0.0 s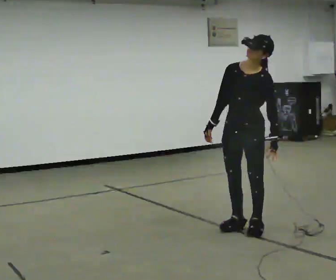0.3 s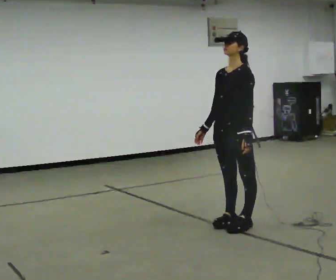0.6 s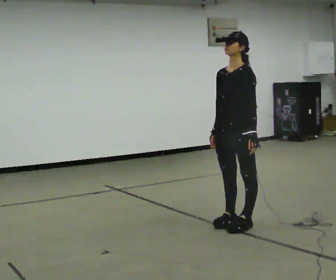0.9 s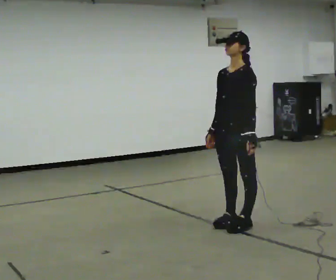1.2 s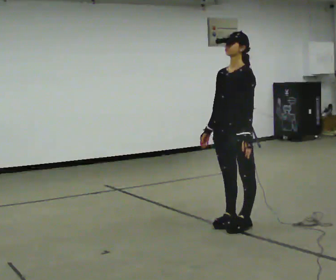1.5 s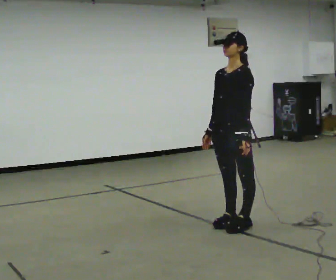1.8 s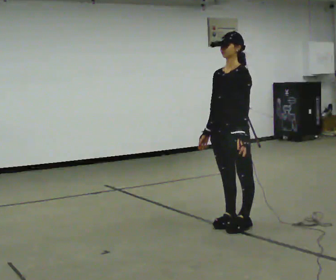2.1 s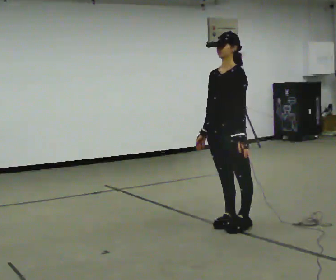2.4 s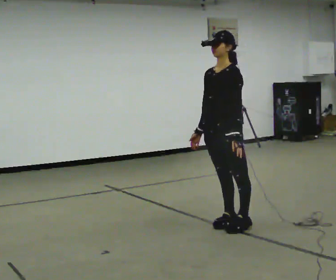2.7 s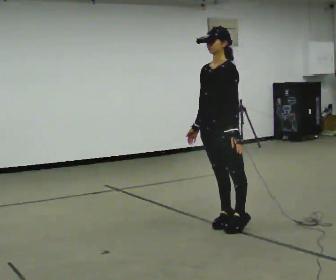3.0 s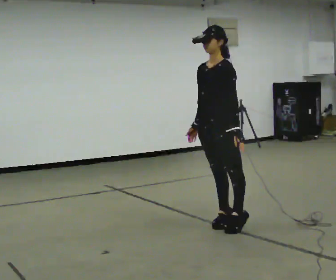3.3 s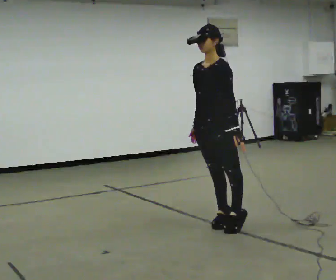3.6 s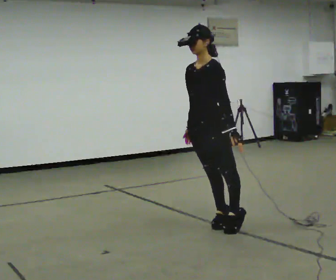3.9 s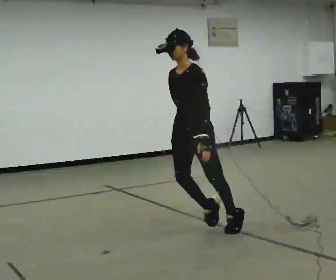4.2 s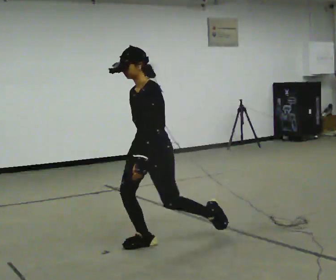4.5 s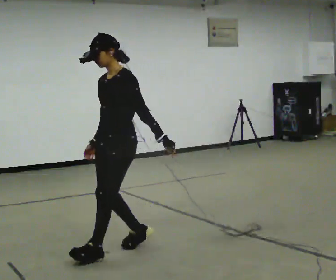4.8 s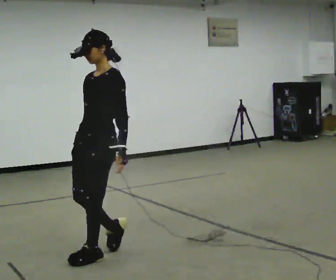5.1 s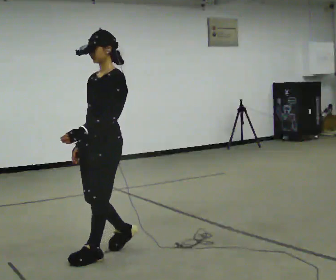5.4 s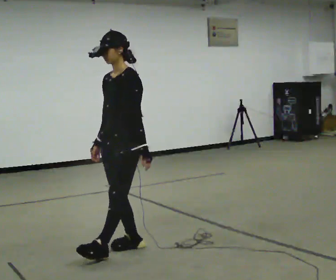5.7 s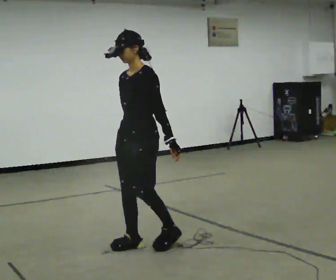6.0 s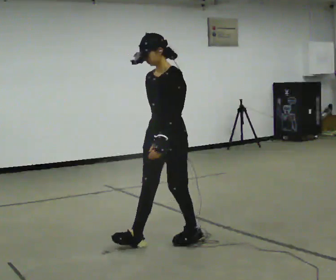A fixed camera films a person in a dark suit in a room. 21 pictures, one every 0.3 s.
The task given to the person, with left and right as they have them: Stand on the marked spots and rise up onto your toes. Stay up until you start to topple forward, then step to catch yourself. Repeat at your own pace until the operator says stop. Go slowly and only as far as you are comfortable. Step whenever you need to; do not try to hold on longer than feels safe.
0.0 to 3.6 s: The person turns about 30 degrees to their right, clockwise seen from above, so the part of the body nearest the lens slides to the left. In the picture they go to the left, about 0.25 m, which for them is forward.
3.6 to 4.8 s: In the picture they go to the left and toward the camera, about 1 m in 3 steps, which for them is forward.
4.8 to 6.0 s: In the picture they go to the right and away from the camera, about 0.5 m in 2 steps, which for them is backward.
The film runs forward here.
